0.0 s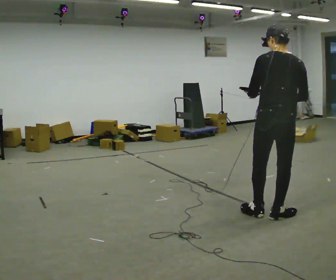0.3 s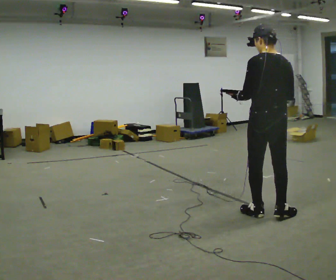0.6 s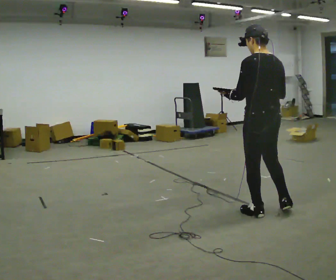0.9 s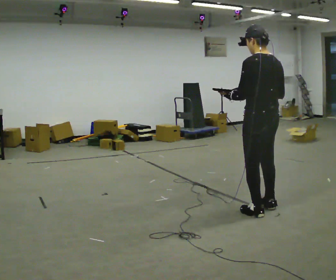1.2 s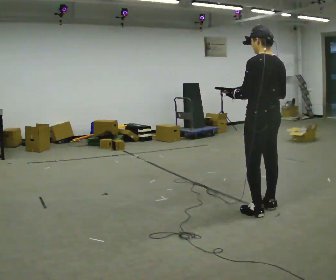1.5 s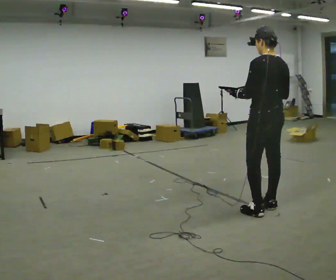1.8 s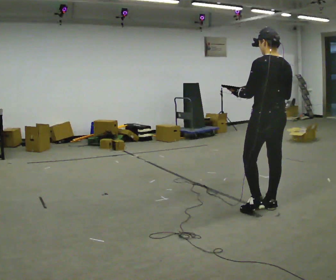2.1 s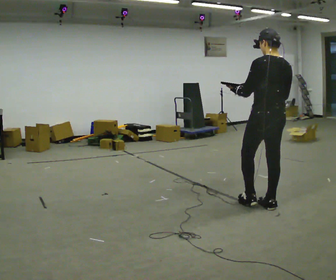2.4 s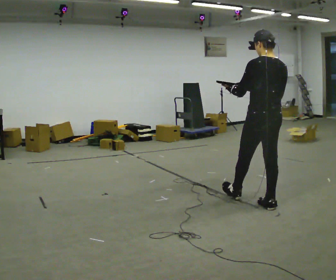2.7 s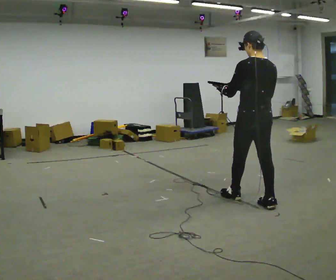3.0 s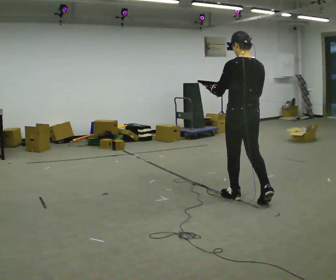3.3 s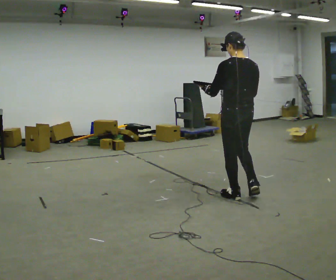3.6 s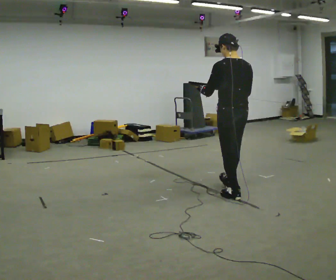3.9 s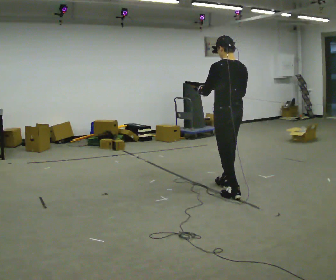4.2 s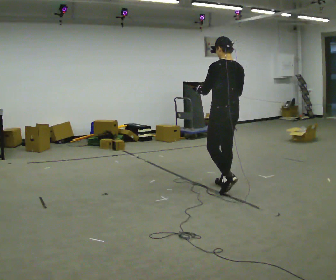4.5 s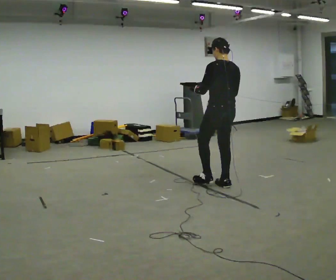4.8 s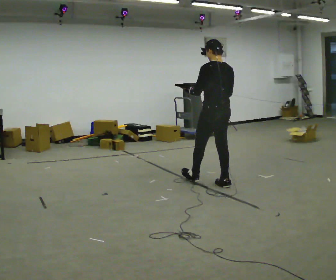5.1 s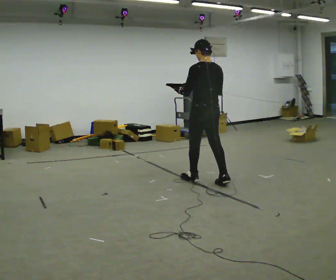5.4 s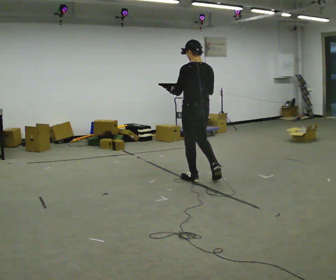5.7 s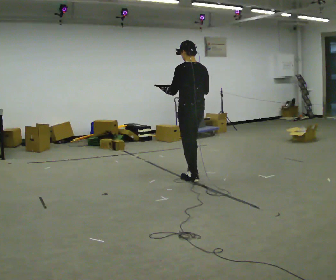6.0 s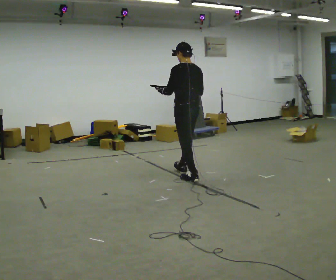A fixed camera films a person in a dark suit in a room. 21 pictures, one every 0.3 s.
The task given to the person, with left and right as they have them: Carry the object across the room. The lid hangs loose and will swing, so carry it however works. Keep going until the operator says stop; one object at a time, and do not rush between trips.
0.0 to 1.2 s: Seen from above the body turns counterclockwise, about 30 degrees: to their left, with its near side sliding to the right. In the picture they go away from the camera, about 0.25 m in 1 step, which for them is forward.
1.2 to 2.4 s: In the picture they go away from the camera, about 0.25 m in 1 step, which for them is forward.
2.4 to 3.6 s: In the picture they go to the left and away from the camera, about 0.5 m, which for them is forward.
3.6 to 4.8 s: In the picture they go away from the camera and to the left, about 0.5 m in 2 steps, which for them is forward.
4.8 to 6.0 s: In the picture they go to the left and away from the camera, about 0.5 m in 1 step, which for them is forward.
The film runs forward here.
